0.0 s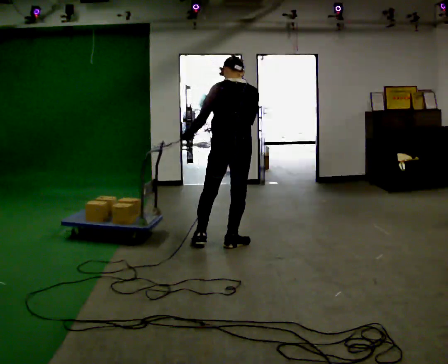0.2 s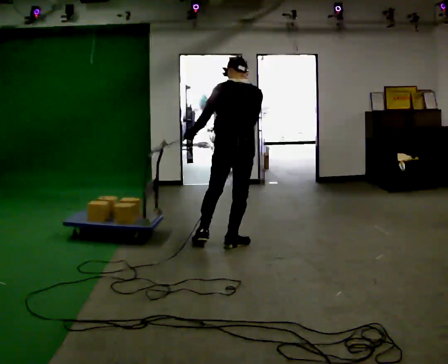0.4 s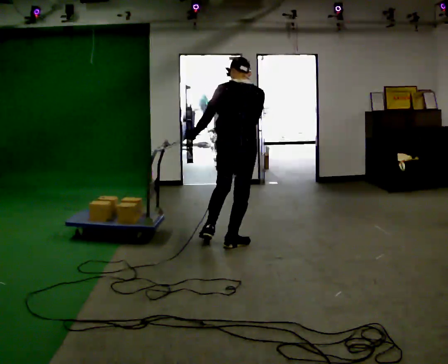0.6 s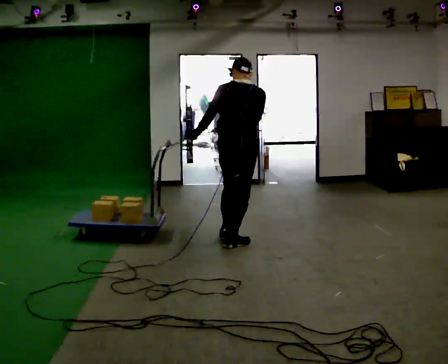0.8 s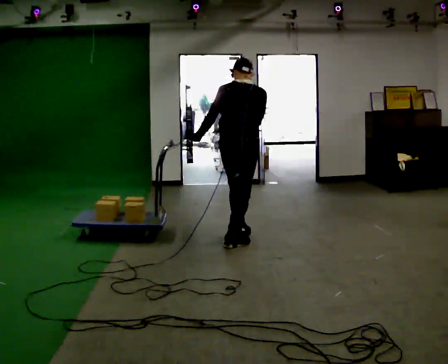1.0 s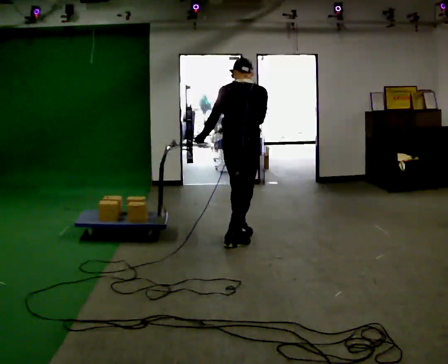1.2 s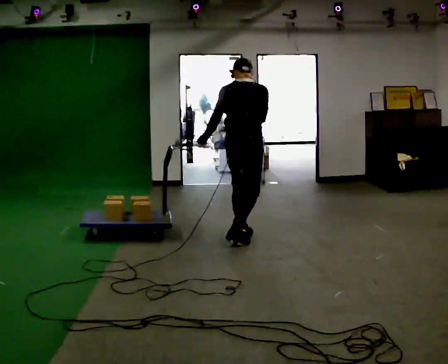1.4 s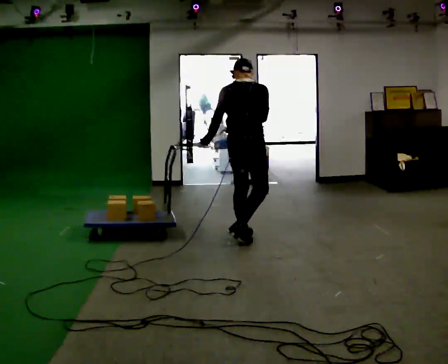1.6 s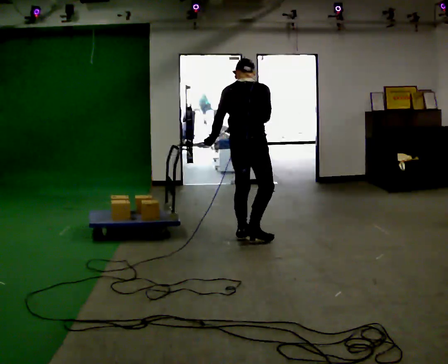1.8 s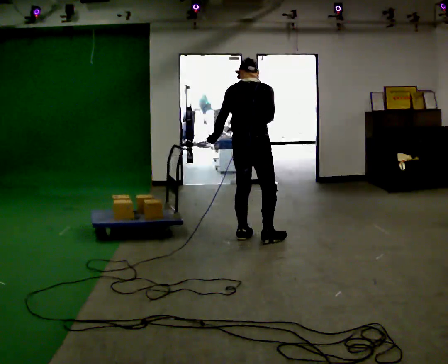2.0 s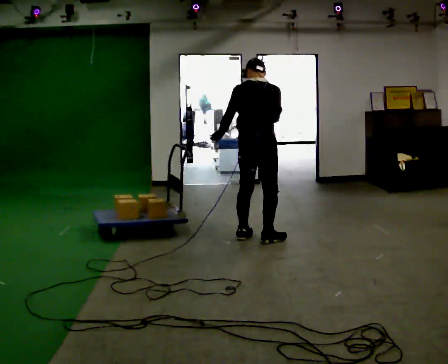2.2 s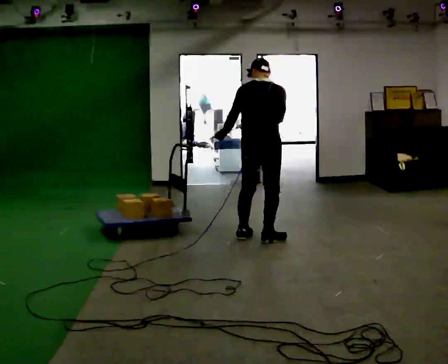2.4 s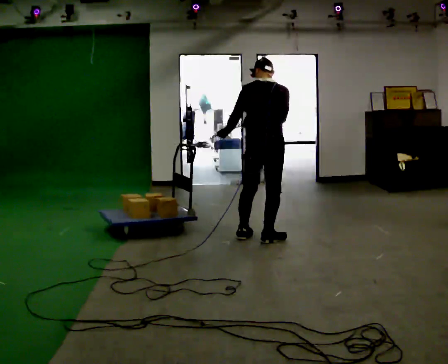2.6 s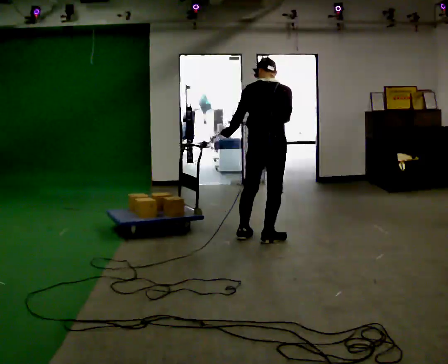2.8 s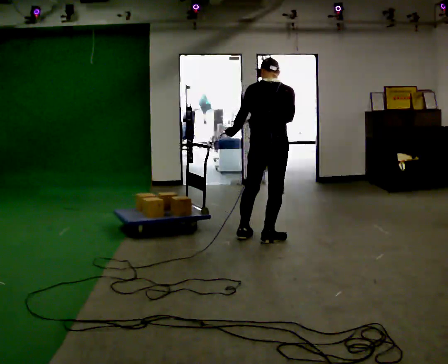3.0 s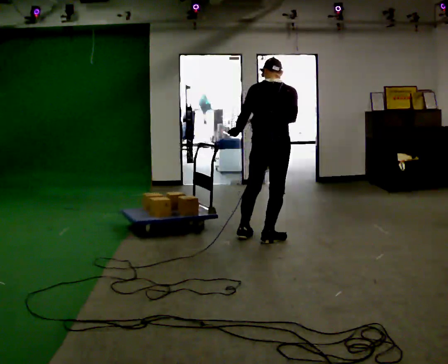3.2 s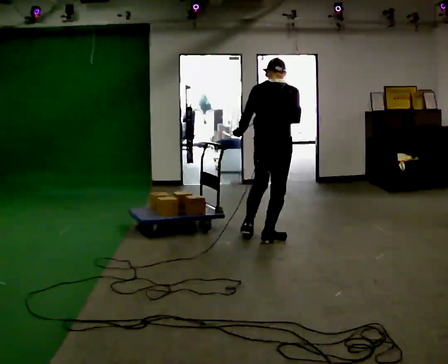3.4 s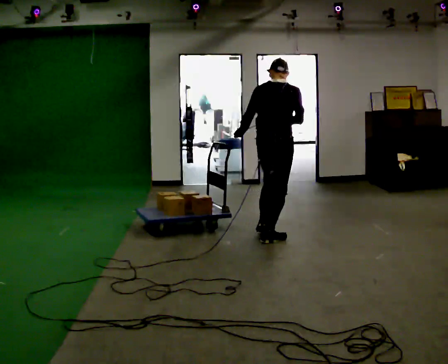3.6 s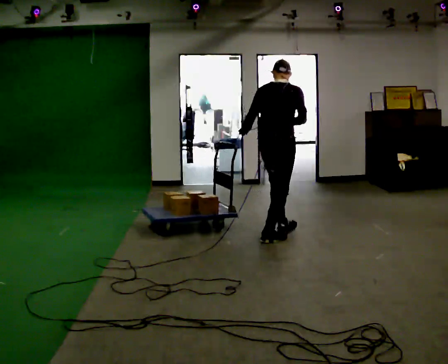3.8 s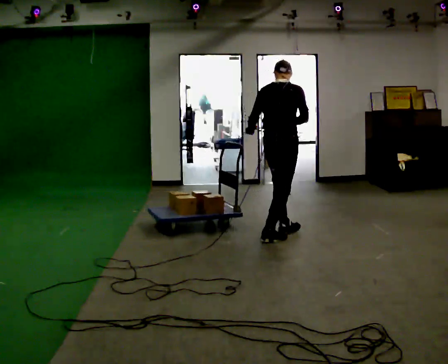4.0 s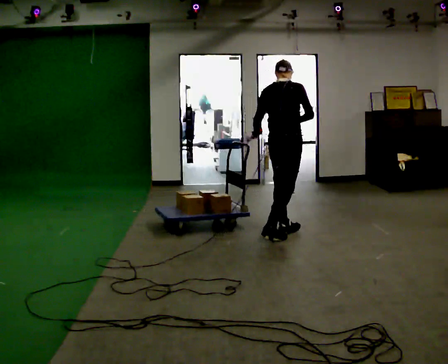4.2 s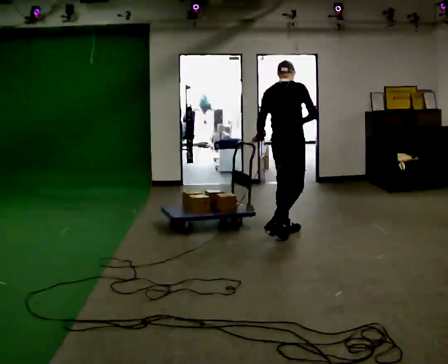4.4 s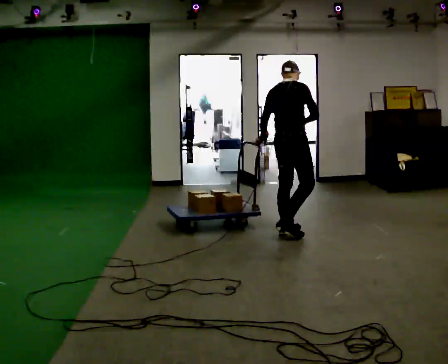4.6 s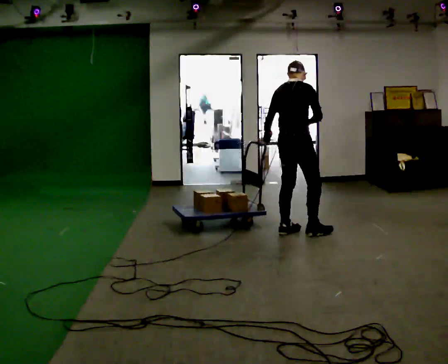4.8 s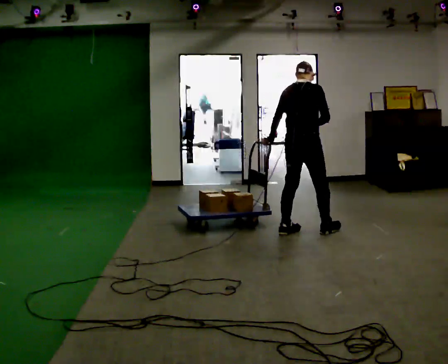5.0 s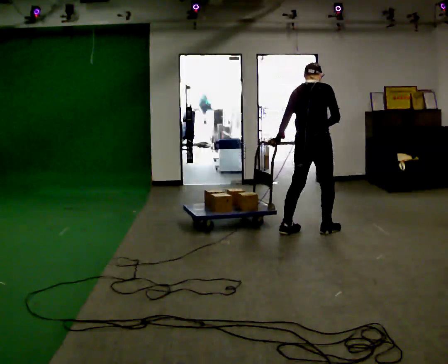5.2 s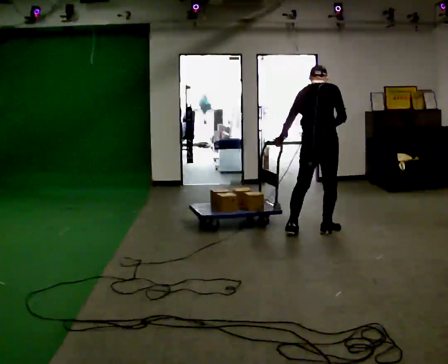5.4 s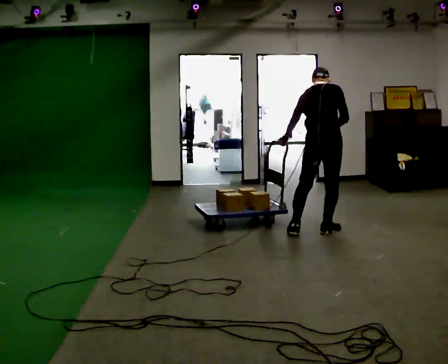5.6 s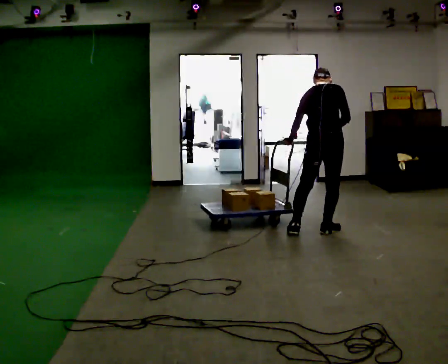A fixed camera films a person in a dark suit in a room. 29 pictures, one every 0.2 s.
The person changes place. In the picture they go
to the right.
0.0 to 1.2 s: The person moves a little, or ends about where they began.
1.2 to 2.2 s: In the picture they go to the right, about 0.25 m in 1 step, which for them is to their right.
2.2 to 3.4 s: The person moves a little, or ends about where they began.
3.4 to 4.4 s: In the picture they go away from the camera and to the right, about 0.25 m in 1 step, which for them is forward.
4.4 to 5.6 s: In the picture they go to the right, about 0.25 m in 1 step, which for them is to their right and forward.
The film runs forward here.
